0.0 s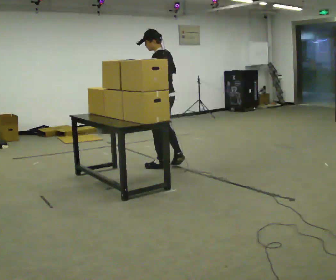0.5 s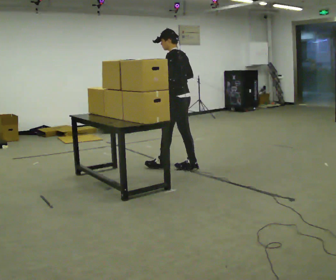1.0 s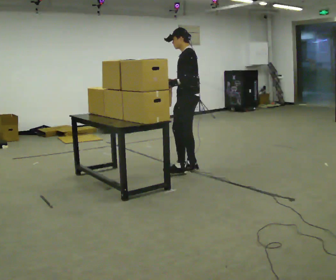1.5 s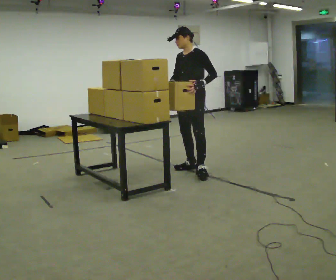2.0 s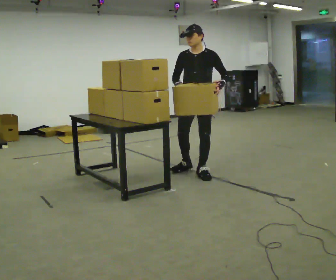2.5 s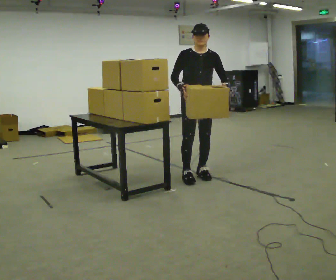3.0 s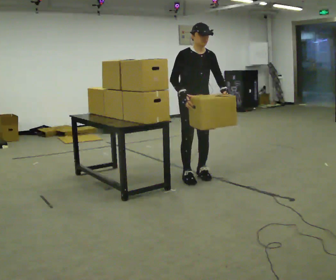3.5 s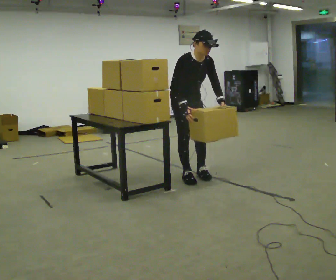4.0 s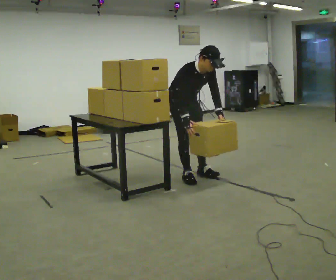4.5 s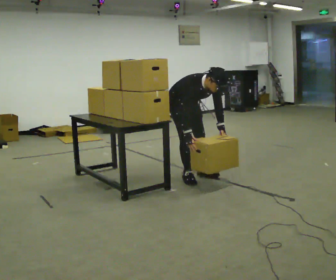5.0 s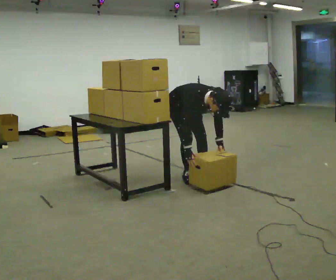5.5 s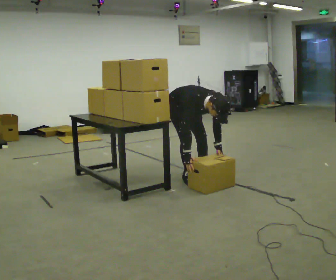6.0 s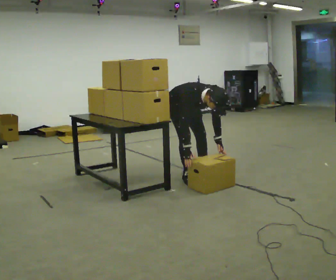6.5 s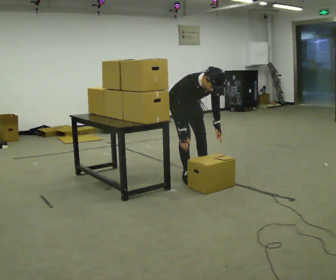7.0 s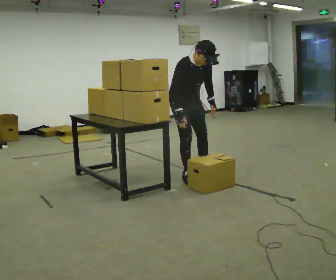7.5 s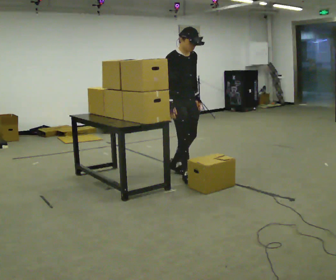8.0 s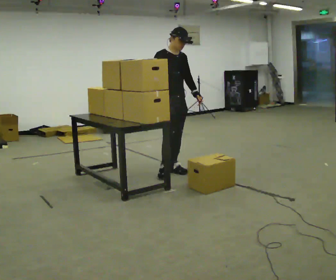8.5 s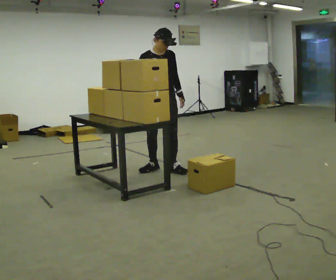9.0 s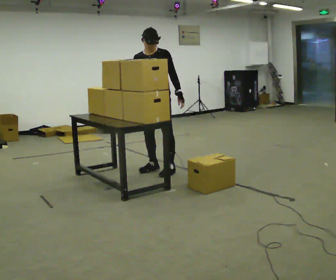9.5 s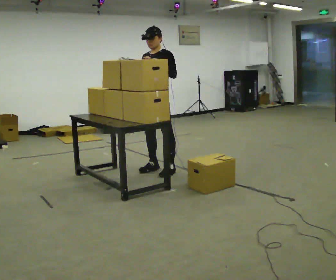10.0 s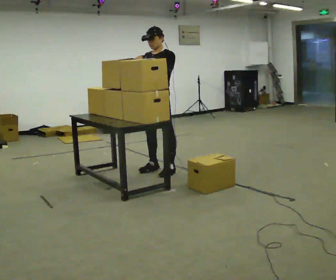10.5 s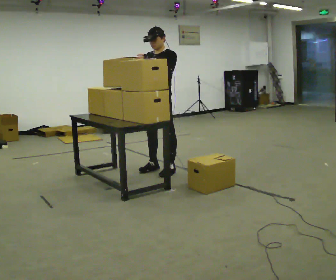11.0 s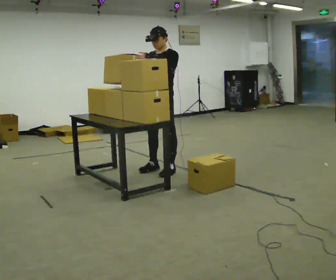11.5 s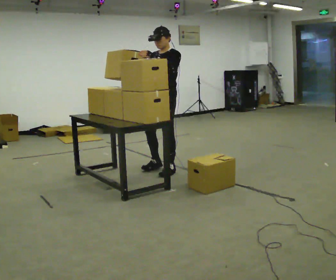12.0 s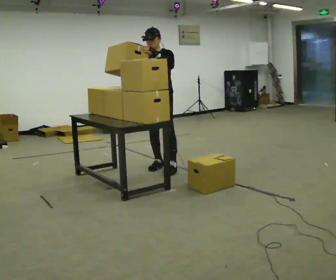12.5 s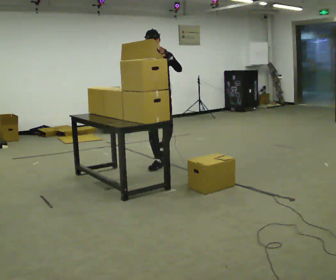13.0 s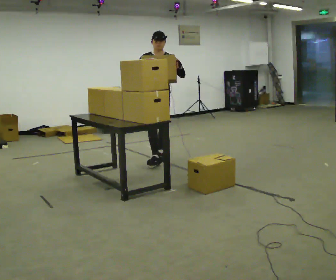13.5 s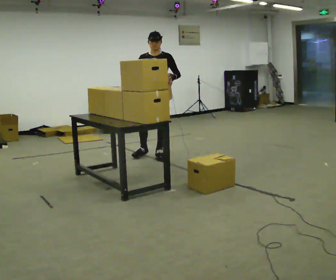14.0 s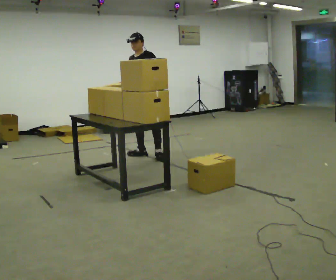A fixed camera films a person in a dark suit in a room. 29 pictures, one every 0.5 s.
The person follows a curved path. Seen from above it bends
clockwise.
0.0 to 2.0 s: Seen from above the body turns counterclockwise, about 90 degrees: to their left, with its near side sliding to the right. In the picture they go to the right and toward the camera, about 0.5 m in 2 steps.
2.0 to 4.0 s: The person turns about 60 degrees to their left, counterclockwise seen from above, so the part of the body nearest the lens slides to the right. In the picture they go to the left, about 0.25 m. The upper body tips toward the camera, its near side rolling downward, as they bend forward. In the picture their left hand goes downward.
4.0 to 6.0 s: The shoulders move downward. The upper body tips toward the camera, its near side rolling downward, as they bend forward. In the picture their left hand goes downward.
6.0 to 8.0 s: In the picture they go away from the camera, about 0.25 m in 2 steps, which for them is backward. The upper body goes upward. The upper body tips away from the camera, its near side rolling upward, as they lean back or straighten. In the picture their left hand goes upward.
8.0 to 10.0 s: The part of the body nearest the lens slides to the left as the person turns to their right by about 75 degrees. In the picture their left hand goes to the left and upward.
10.0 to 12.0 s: In the picture they go away from the camera, about 0.25 m in 2 steps, which for them is backward.
12.0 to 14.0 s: In the picture they go away from the camera, about 0.75 m in 1 step, which for them is backward. In the picture their left hand goes downward.
The film runs backward here.
